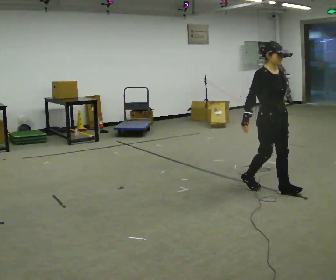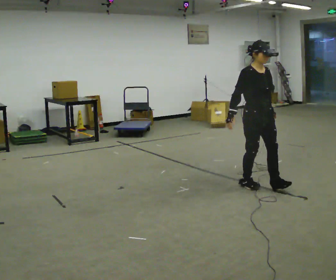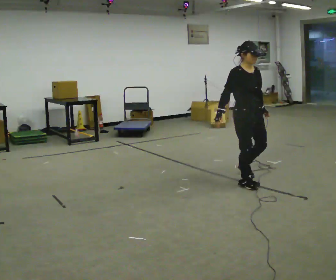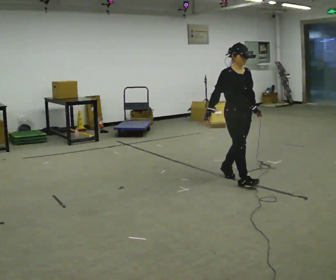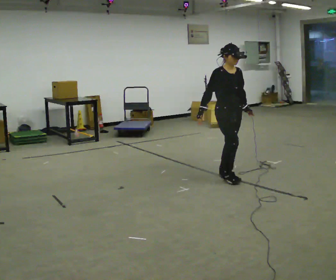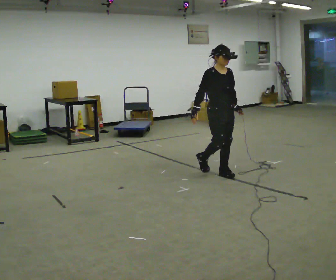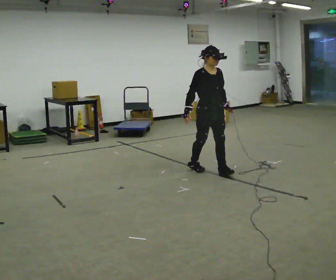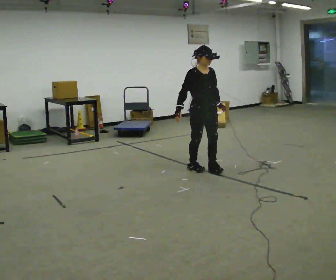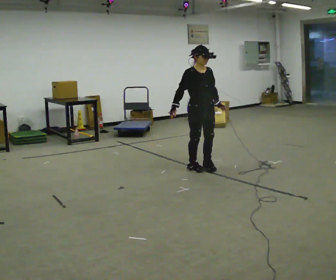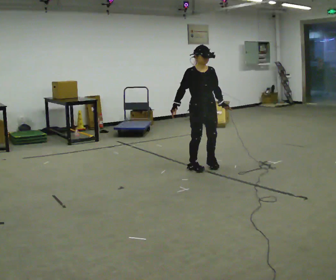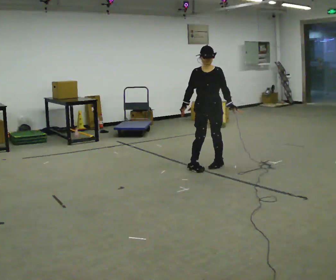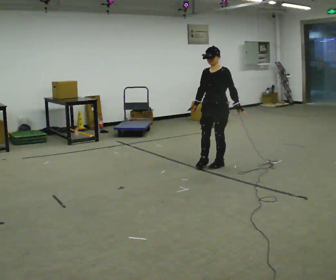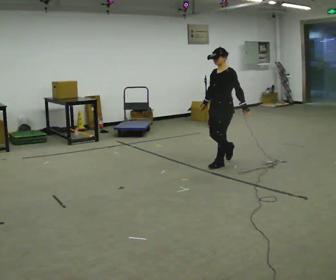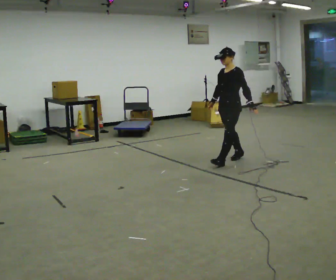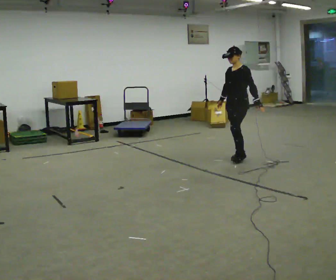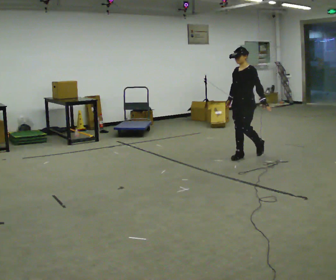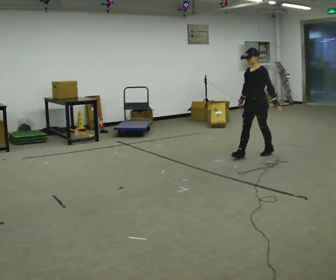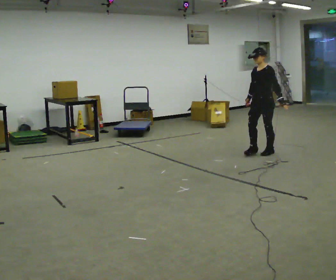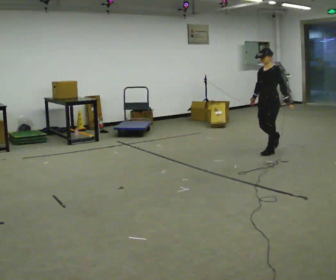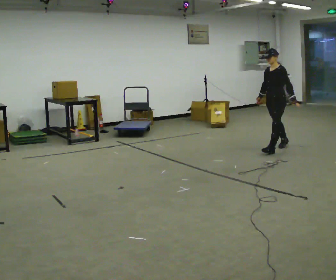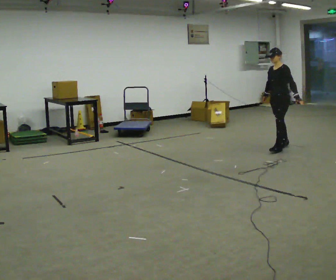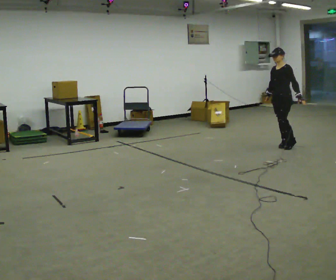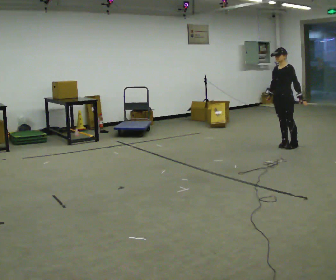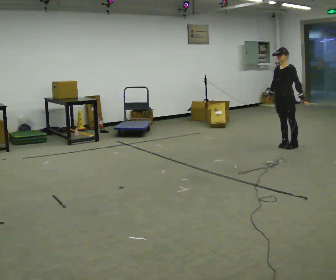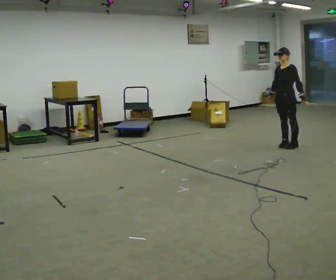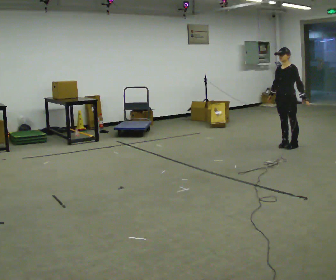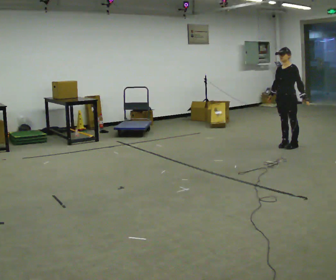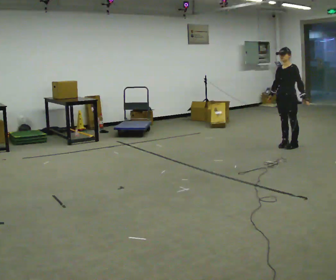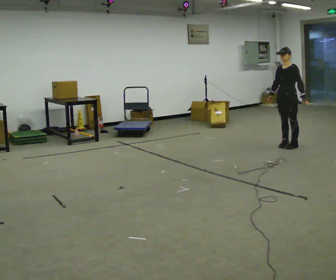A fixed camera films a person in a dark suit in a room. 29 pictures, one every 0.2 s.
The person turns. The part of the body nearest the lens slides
to the left.
The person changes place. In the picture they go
away from the camera.
0.0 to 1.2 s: In the picture they go away from the camera and to the left, about 1 m in 2 steps, which for them is backward.
1.2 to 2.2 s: The part of the body nearest the lens slides to the left as the person turns to their right by about 60 degrees. In the picture they go away from the camera, about 0.25 m in 2 steps, which for them is backward and to their left.
2.2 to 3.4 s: The part of the body nearest the lens slides to the left as the person turns to their right by about 30 degrees. In the picture they go to the right and away from the camera, about 1 m in 2 steps, which for them is backward.
3.4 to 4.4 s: In the picture they go away from the camera and to the right, about 0.5 m in 1 step, which for them is backward.
4.4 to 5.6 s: The person moves a little, or ends about where they began.
The film runs backward here.
